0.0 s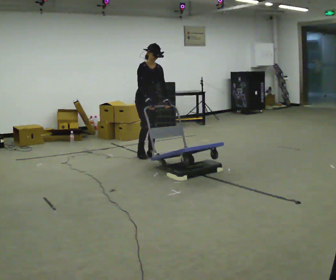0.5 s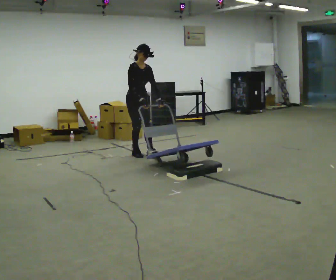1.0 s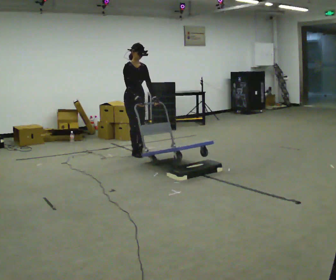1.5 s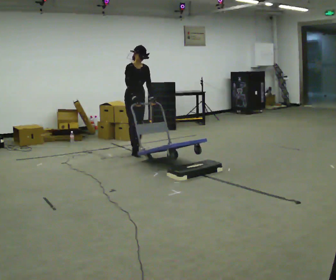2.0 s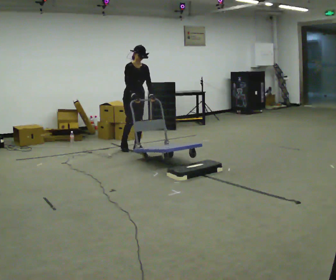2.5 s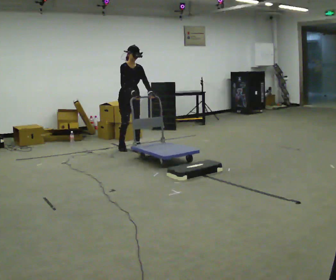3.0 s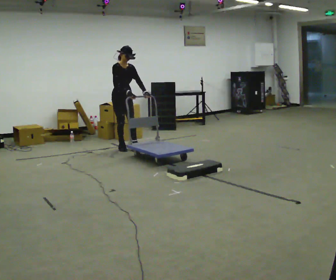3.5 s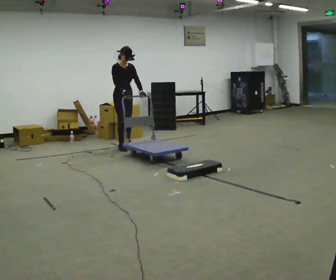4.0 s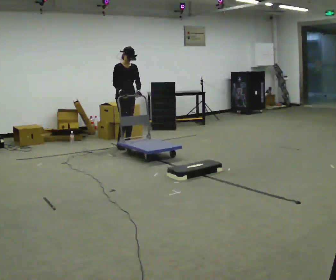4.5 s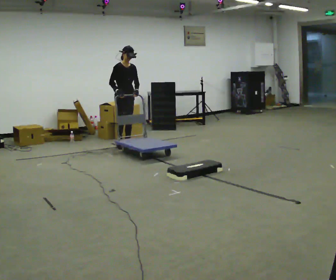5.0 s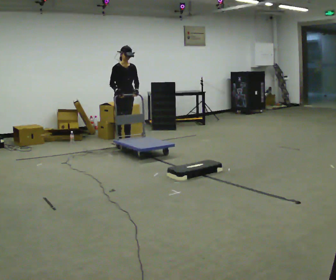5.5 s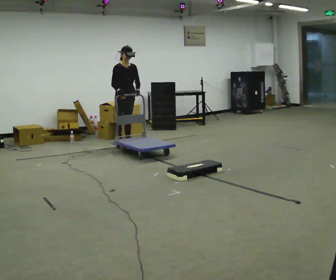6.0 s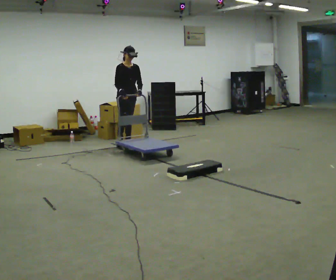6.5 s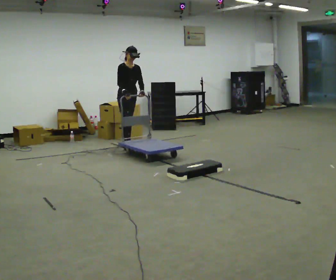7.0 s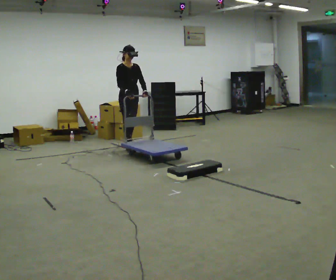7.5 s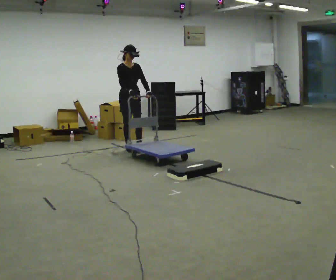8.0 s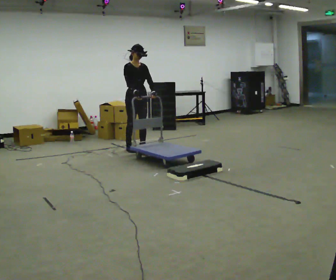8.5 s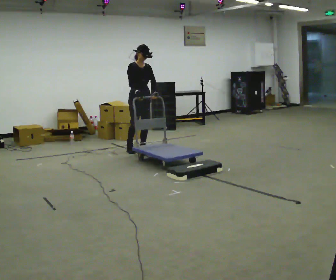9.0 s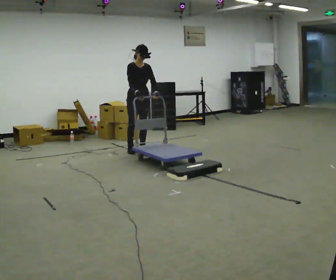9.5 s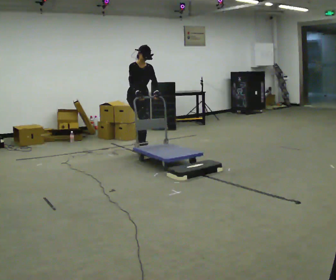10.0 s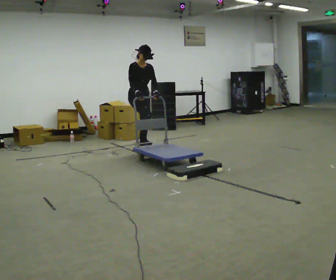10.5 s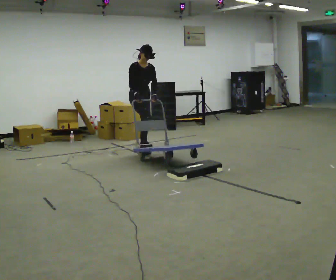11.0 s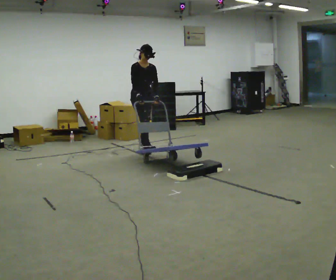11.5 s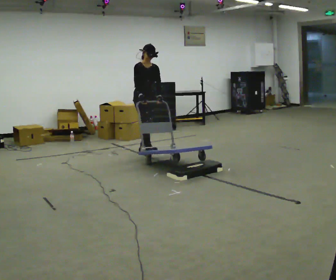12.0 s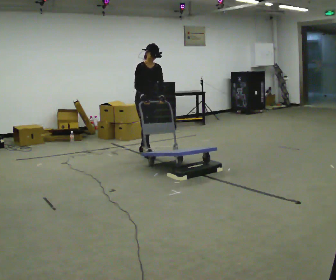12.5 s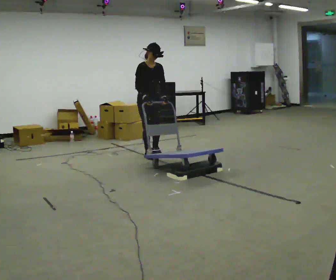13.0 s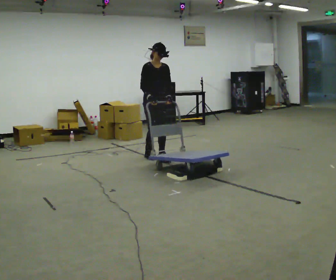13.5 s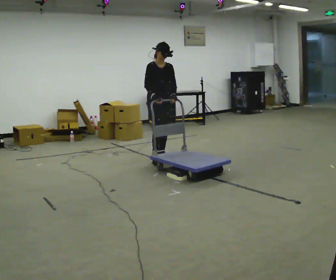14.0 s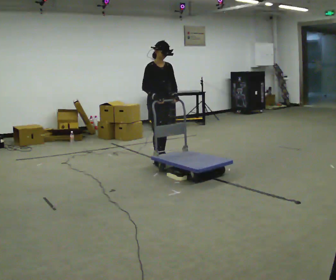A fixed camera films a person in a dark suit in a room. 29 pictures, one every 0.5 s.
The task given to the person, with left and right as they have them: Push the cart up over the low platform edge and down the other side, then bring it back over.
0.0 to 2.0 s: In the picture they go away from the camera and to the left, about 0.5 m in 2 steps, which for them is backward.
2.0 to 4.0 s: In the picture they go away from the camera, about 0.25 m in 2 steps, which for them is backward.
4.0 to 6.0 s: The person moves a little, or ends about where they began.
6.0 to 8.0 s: In the picture they go toward the camera, about 0.5 m in 2 steps, which for them is forward.
8.0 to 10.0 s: The person moves a little, or ends about where they began.
10.0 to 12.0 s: In the picture they go toward the camera, about 0.25 m in 1 step, which for them is forward.
12.0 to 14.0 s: In the picture they go toward the camera, about 0.5 m in 2 steps, which for them is forward.
The film runs forward here.
